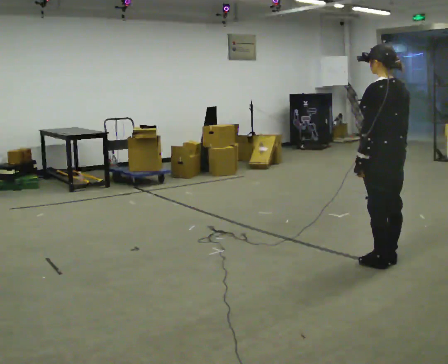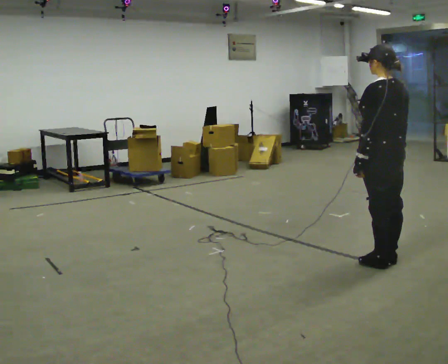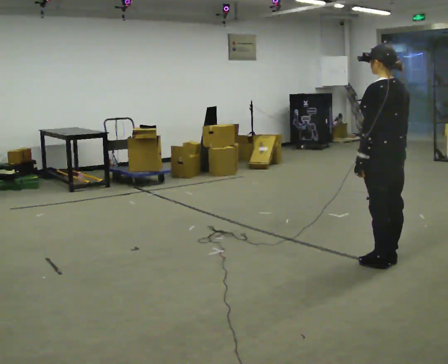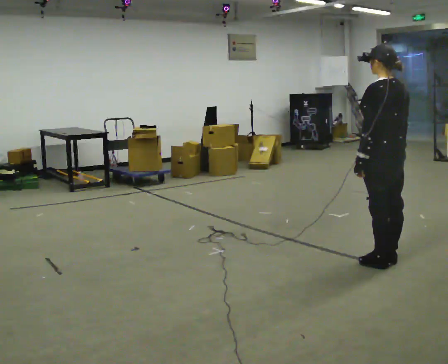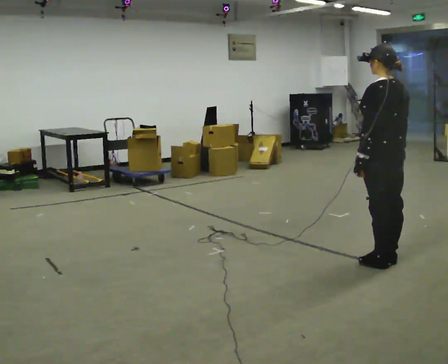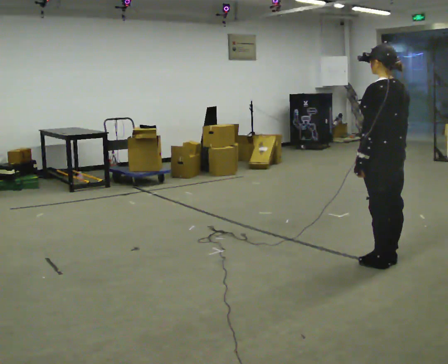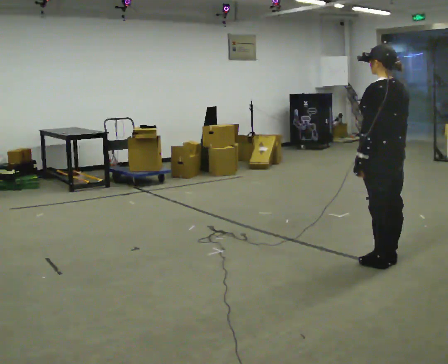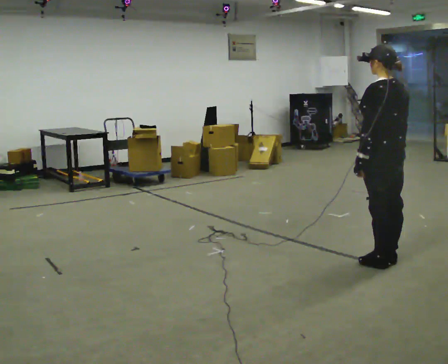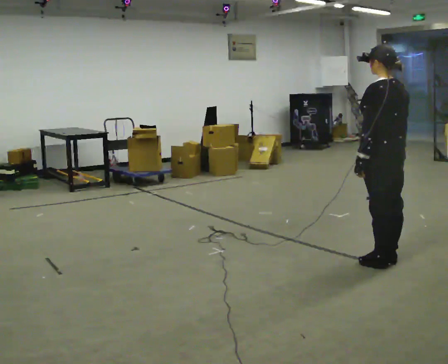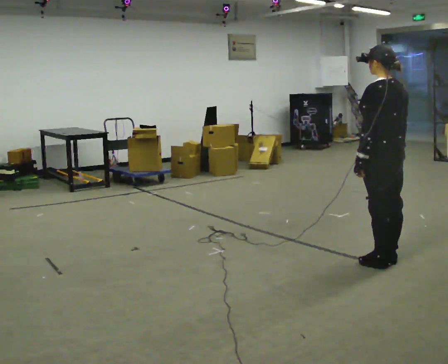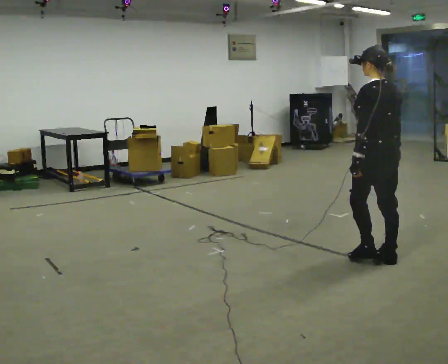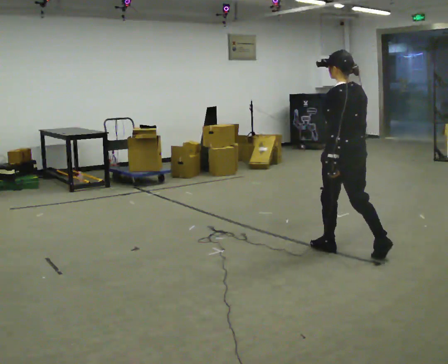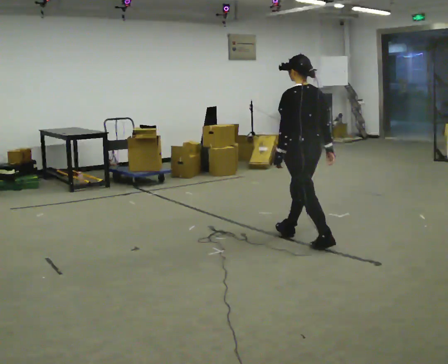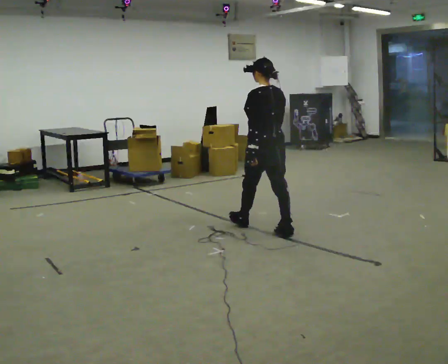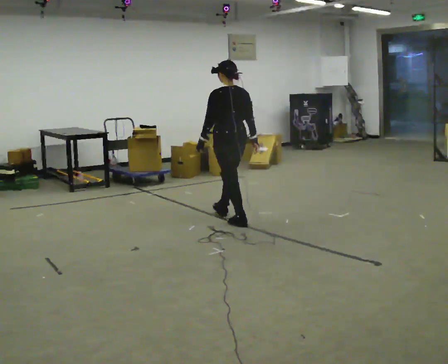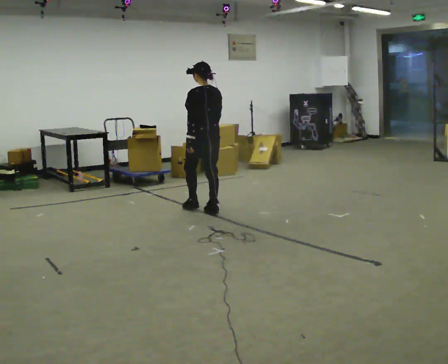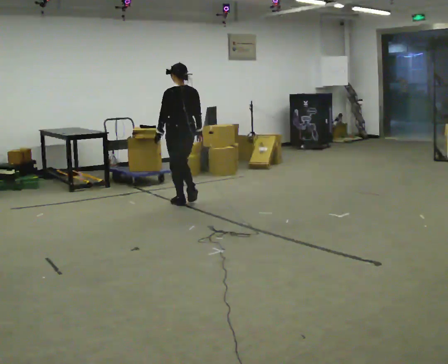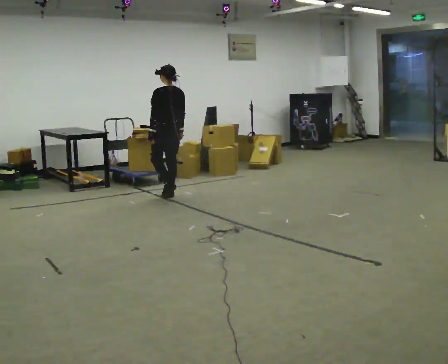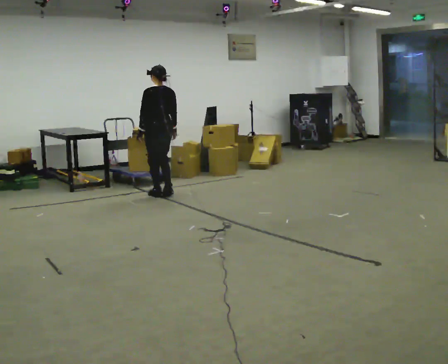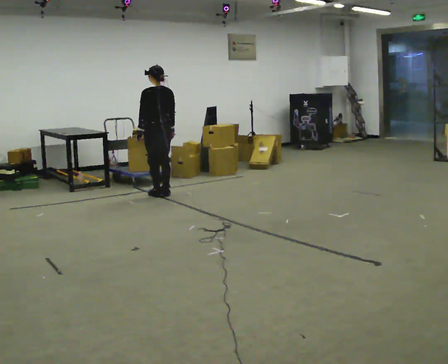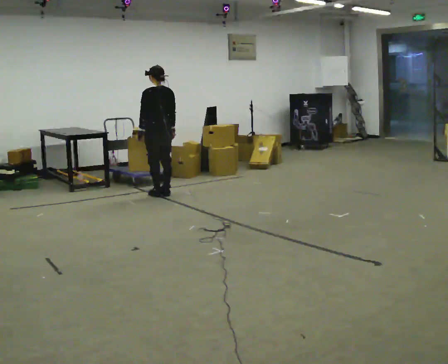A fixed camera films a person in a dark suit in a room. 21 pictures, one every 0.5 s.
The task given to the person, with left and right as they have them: Stand still 2 s; begin walking naturally; walk forward; stop.
0.0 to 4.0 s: The person keeps their place and pose.
4.0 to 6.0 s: In the picture they go to the left and away from the camera, about 1 m in 2 steps, which for them is forward.
6.0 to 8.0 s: In the picture they go to the left and away from the camera, about 2 m in 3 steps, which for them is forward.
8.0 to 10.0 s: In the picture they go to the left and away from the camera, about 0.5 m in 2 steps, which for them is forward.
The film runs forward here.
